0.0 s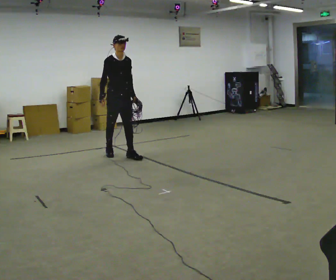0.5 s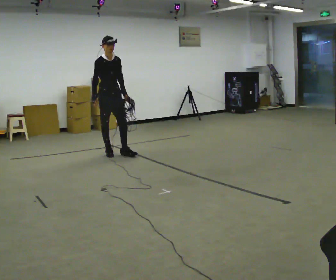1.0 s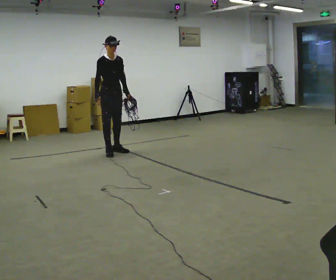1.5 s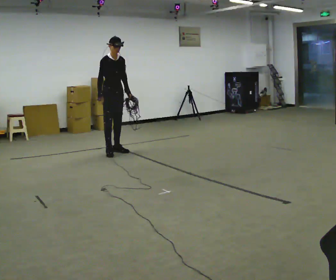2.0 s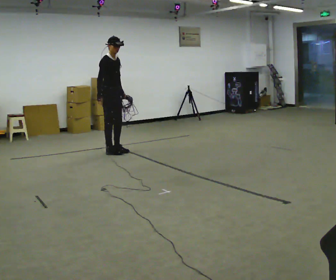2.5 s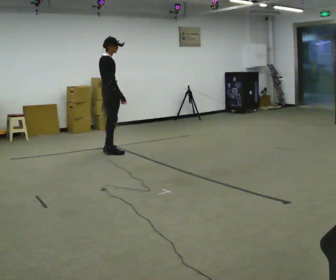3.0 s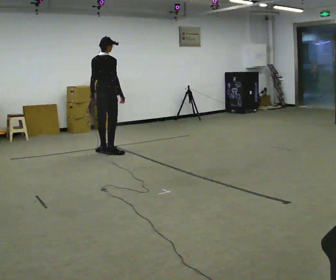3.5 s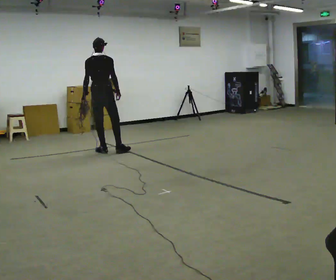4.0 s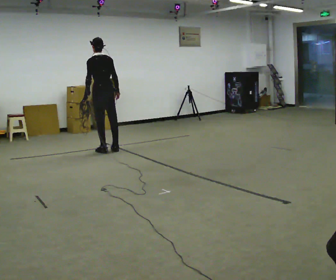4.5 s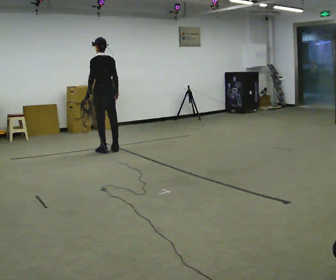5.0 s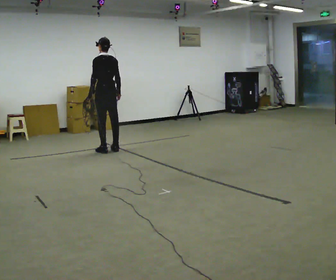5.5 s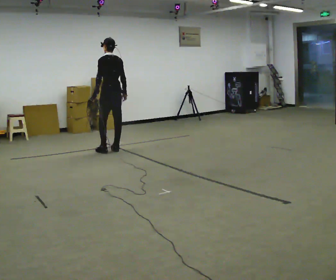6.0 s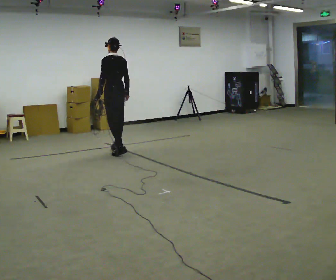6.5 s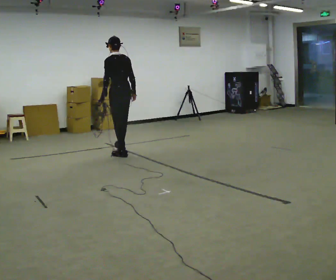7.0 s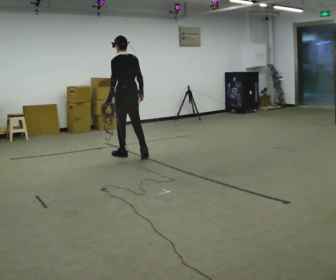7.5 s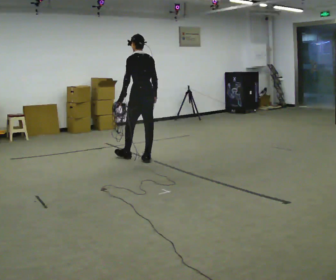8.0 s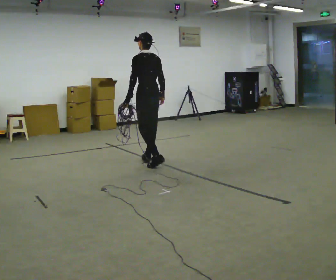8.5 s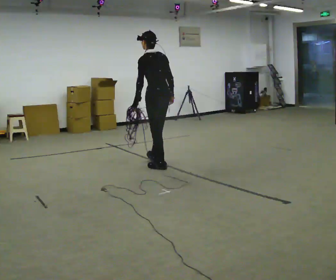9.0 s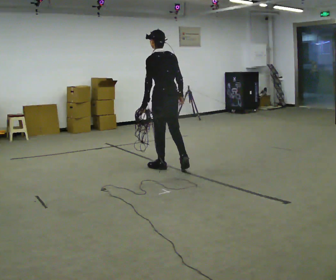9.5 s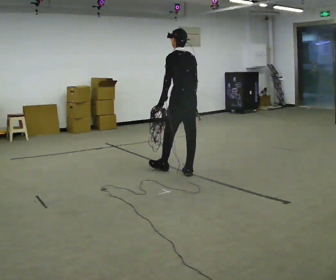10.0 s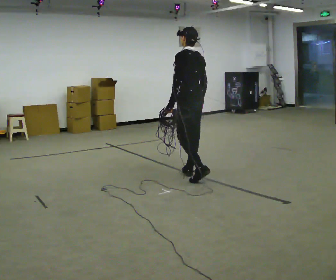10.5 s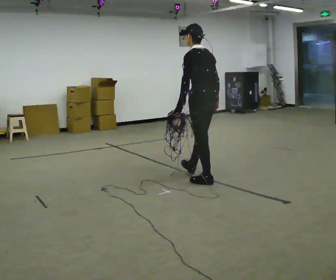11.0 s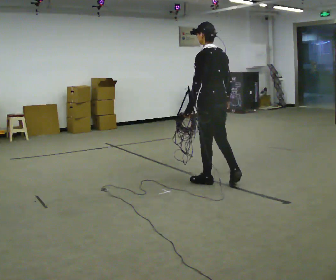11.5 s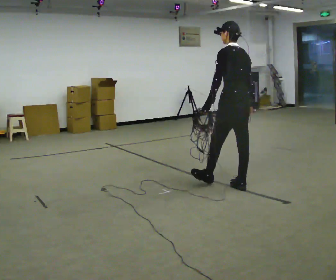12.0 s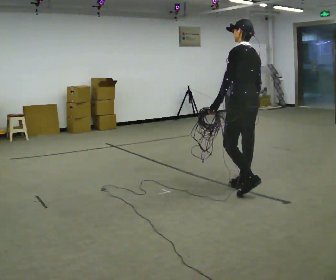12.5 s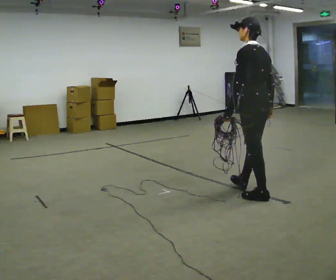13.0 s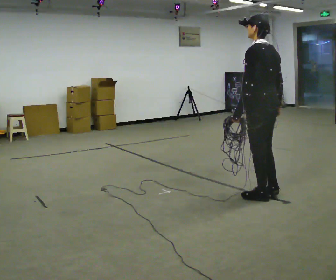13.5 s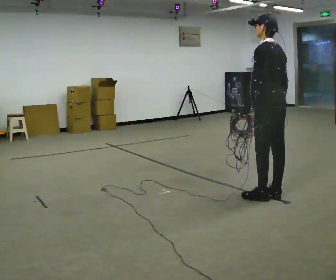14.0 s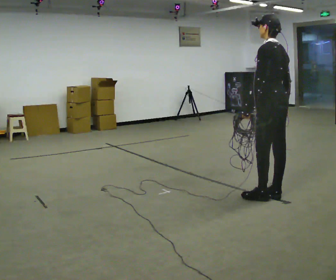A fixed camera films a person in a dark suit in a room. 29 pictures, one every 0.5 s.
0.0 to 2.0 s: The part of the body nearest the lens slides to the right as the person turns to their left by about 30 degrees. In the picture they go away from the camera, about 0.25 m in 1 step, which for them is backward.
2.0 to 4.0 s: The person turns about 150 degrees to their left, counterclockwise seen from above, so the part of the body nearest the lens slides to the right.
4.0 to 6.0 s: In the picture they go to the right, about 0.25 m in 1 step, which for them is backward and to their right.
6.0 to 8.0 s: In the picture they go toward the camera and to the right, about 1 m in 2 steps, which for them is backward.
8.0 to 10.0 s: In the picture they go toward the camera and to the right, about 1 m in 2 steps, which for them is backward.
10.0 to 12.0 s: In the picture they go toward the camera and to the right, about 1 m in 2 steps, which for them is backward.
12.0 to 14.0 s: In the picture they go toward the camera and to the right, about 0.25 m in 1 step, which for them is backward.
The film runs backward here.
